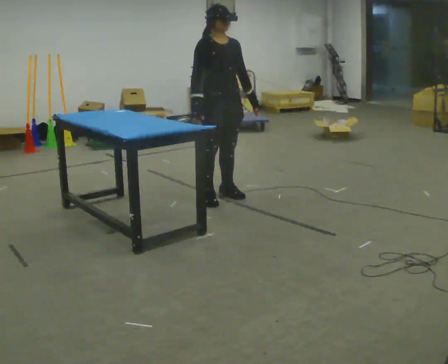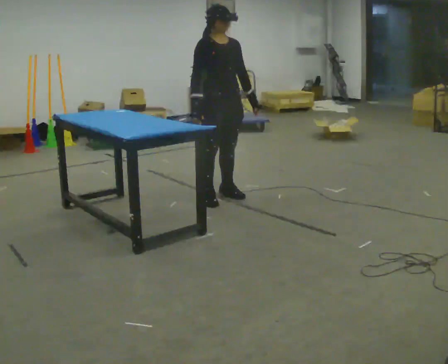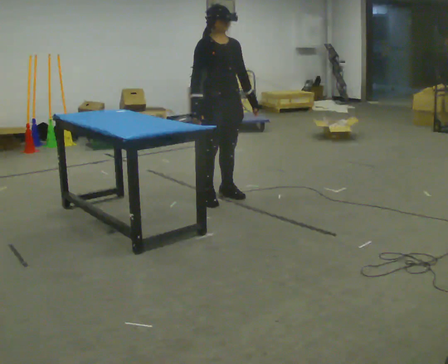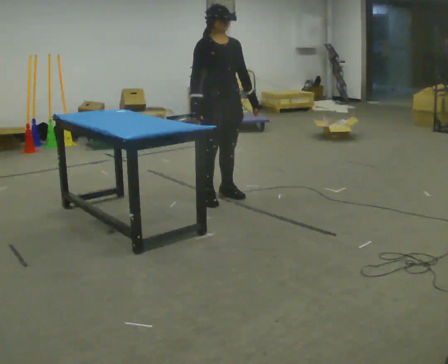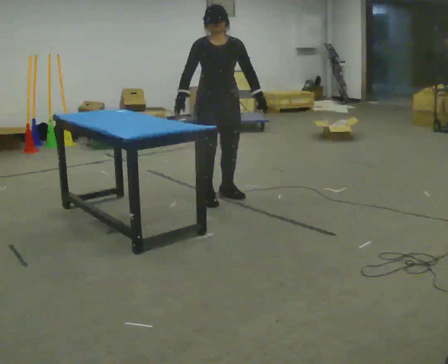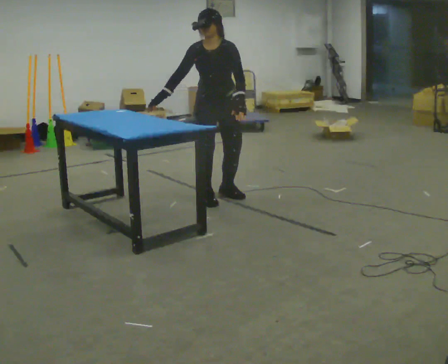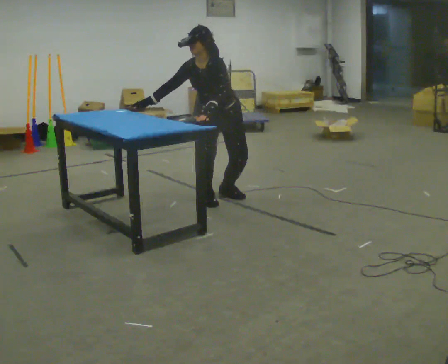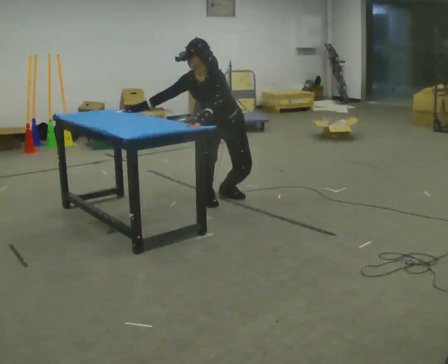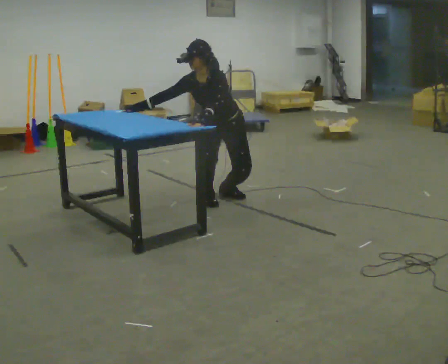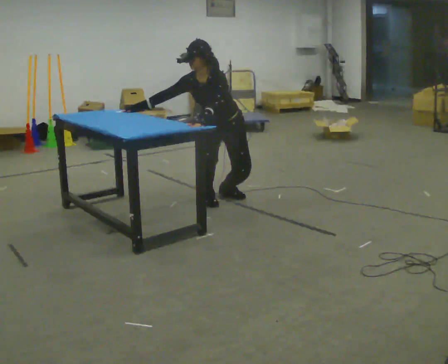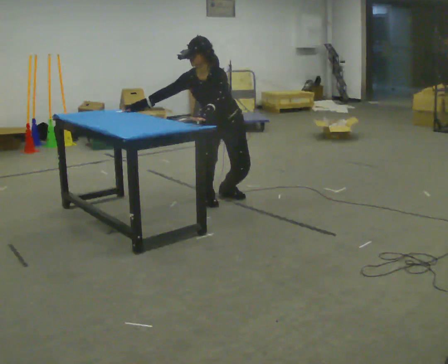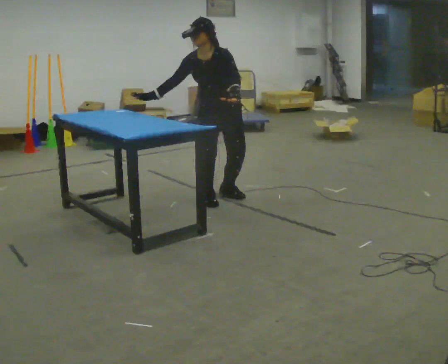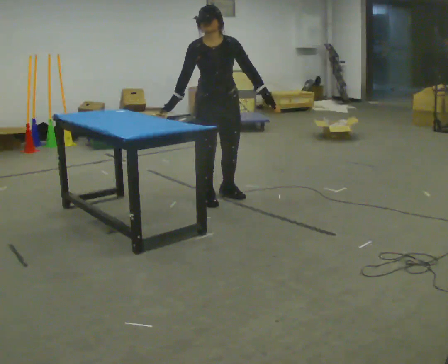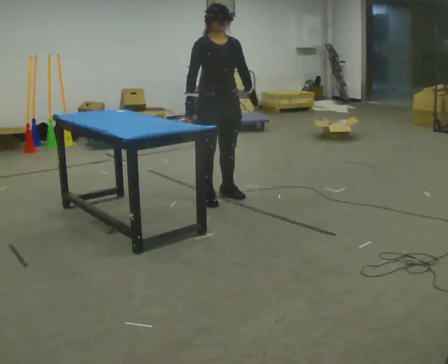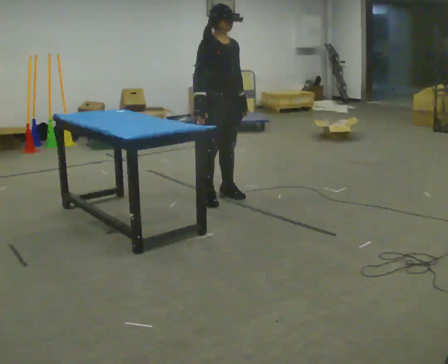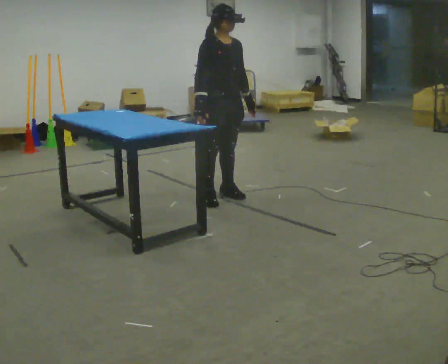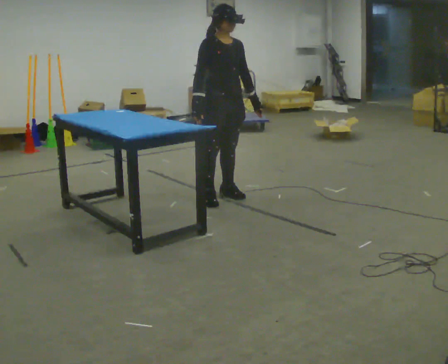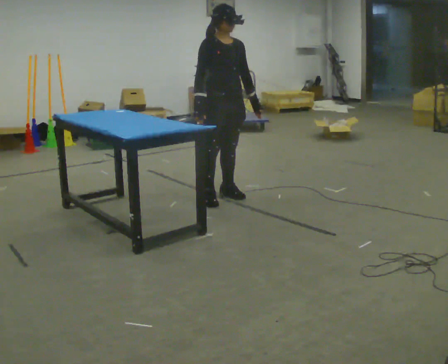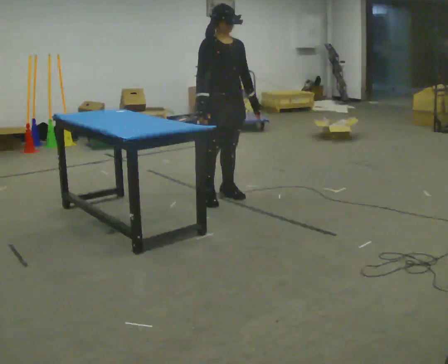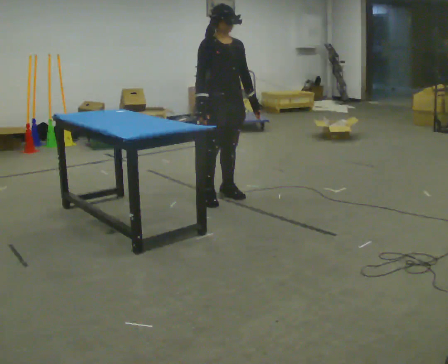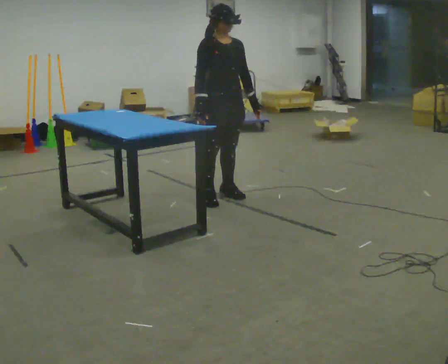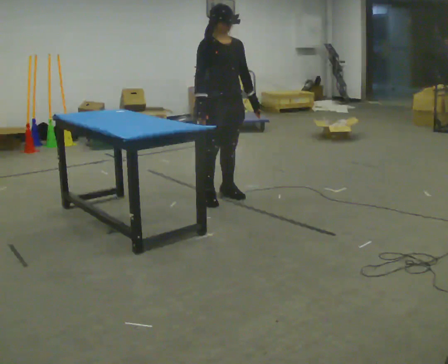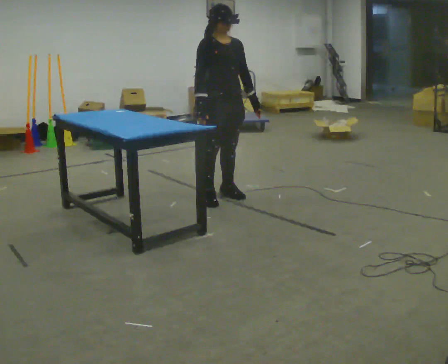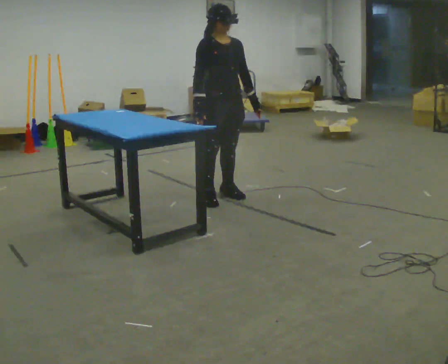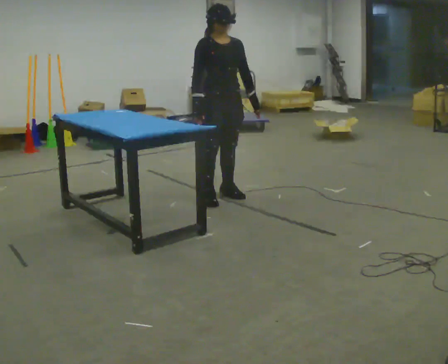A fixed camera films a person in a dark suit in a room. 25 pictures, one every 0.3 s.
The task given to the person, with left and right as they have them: Touch each numbered target to your side and behind you in the order the operator calls, without moving your feet. Keep both feet on the marked spots for the whole take. If you have to step, stop and tell the operator.
0.0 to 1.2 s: The person turns about 30 degrees to their right, clockwise seen from above, so the part of the body nearest the lens slides to the left.
1.2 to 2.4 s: The person turns about 30 degrees to their right, clockwise seen from above, so the part of the body nearest the lens slides to the left. The shoulders move downward. In the picture the upper body tilts counterclockwise, shoulders to the left, as they bend forward. In the picture their left hand goes to the left.
2.4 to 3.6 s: The person turns about 30 degrees to their left, counterclockwise seen from above, so the part of the body nearest the lens slides to the right. The shoulders move upward. In the picture the upper body tilts clockwise, shoulders to the right, as they lean back or straighten. In the picture their left hand goes to the right.
3.6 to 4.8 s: The part of the body nearest the lens slides to the right as the person turns to their left by about 30 degrees.
4.8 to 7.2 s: The person moves a little, or ends about where they began.
The film runs forward here.
